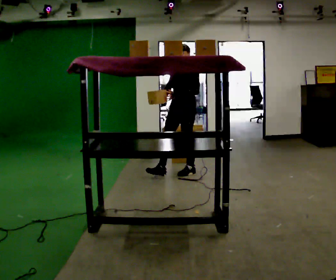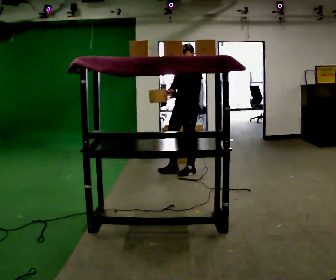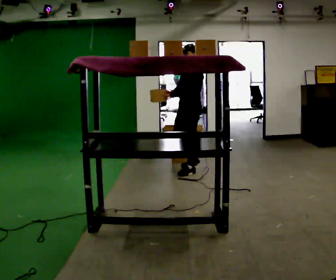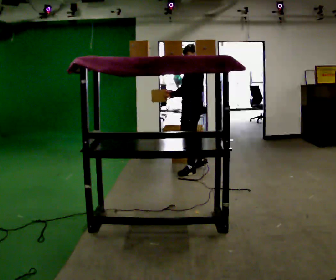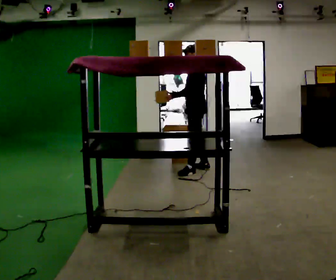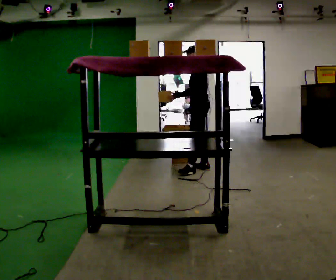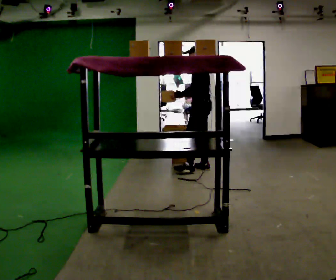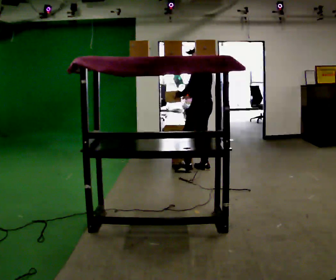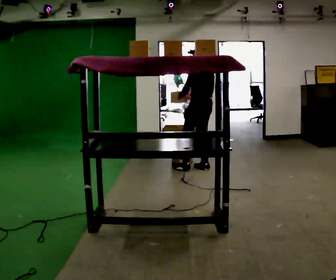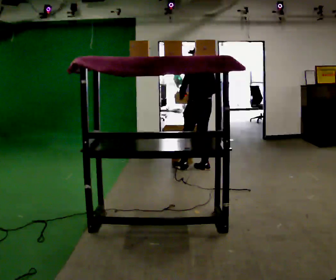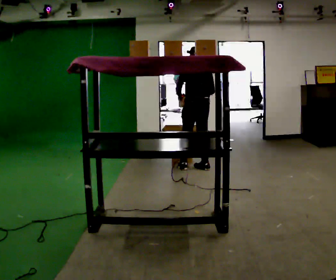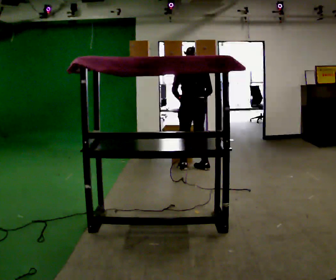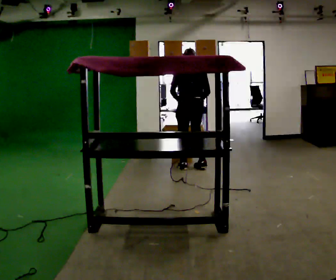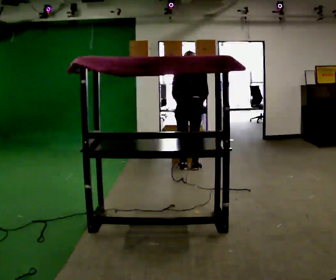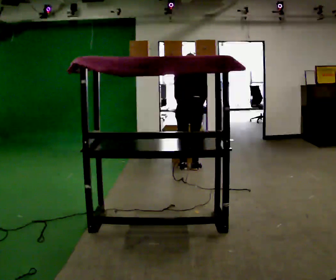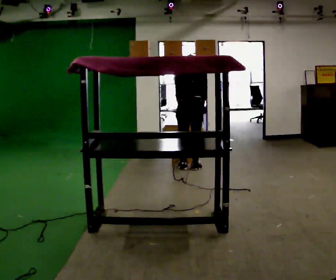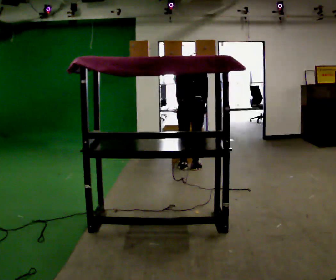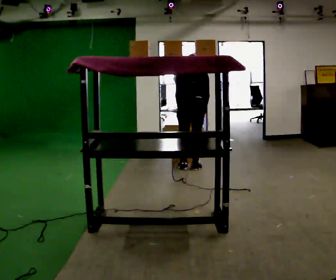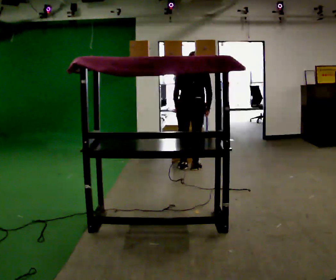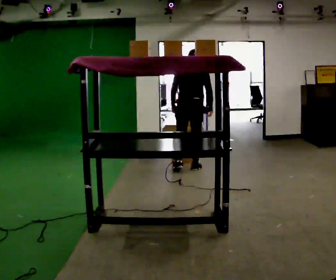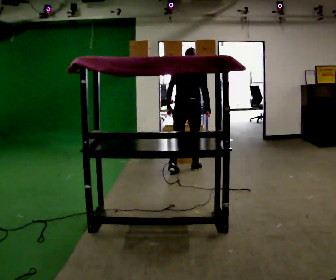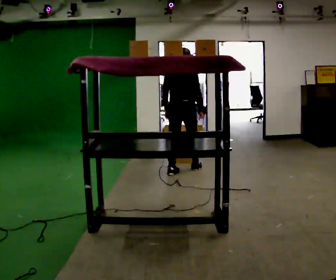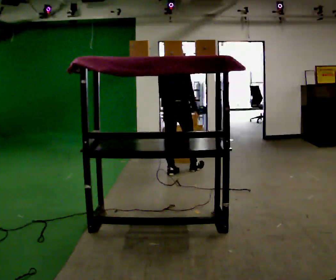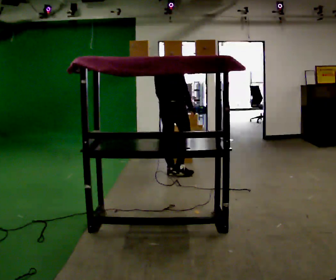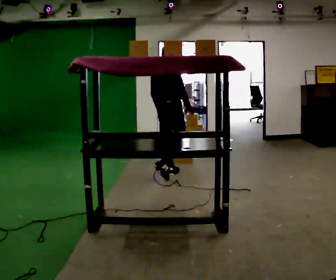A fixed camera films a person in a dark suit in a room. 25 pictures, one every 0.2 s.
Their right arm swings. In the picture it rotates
counterclockwise.
The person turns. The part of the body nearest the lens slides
to the left.
0.0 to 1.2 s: The part of the body nearest the lens slides to the left as the person turns to their right by about 60 degrees. In the picture they go away from the camera and to the right, about 0.5 m, which for them is backward and to their right.
1.2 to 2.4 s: The person turns about 75 degrees to their right, clockwise seen from above, so the part of the body nearest the lens slides to the left. In the picture they go to the left, about 0.25 m in 2 steps.
2.4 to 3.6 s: The person moves a little, or ends about where they began.
3.6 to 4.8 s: The person turns about 45 degrees to their right, clockwise seen from above, so the part of the body nearest the lens slides to the left. In the picture they go toward the camera and to the left, about 0.5 m in 2 steps, which for them is backward and to their left. The upper body tips toward the camera, its near side rolling downward, as they lean back or straighten.
The film runs backward here.
